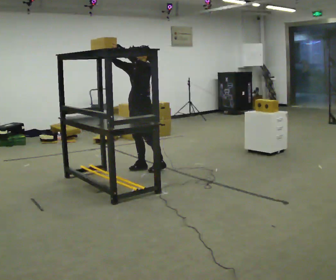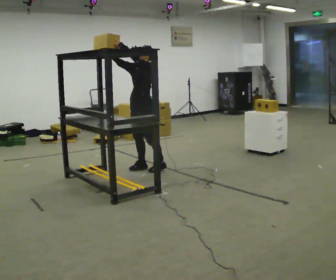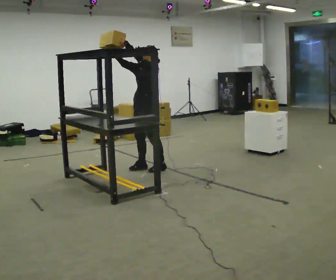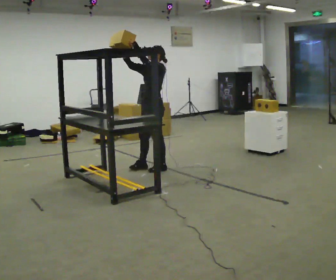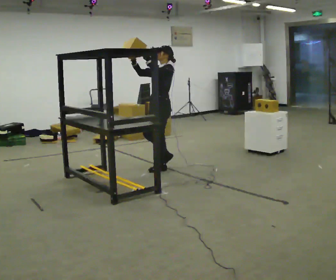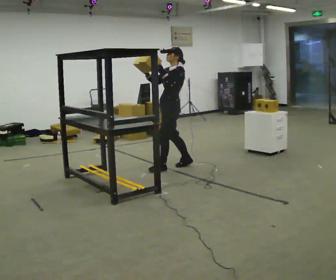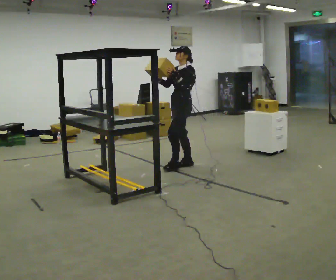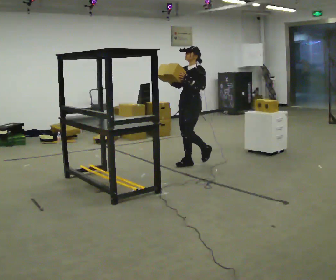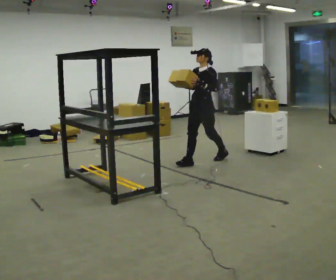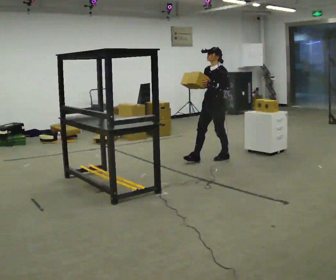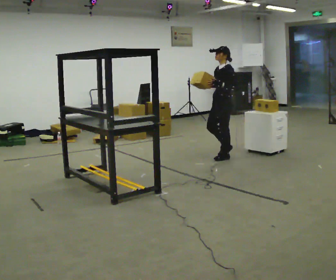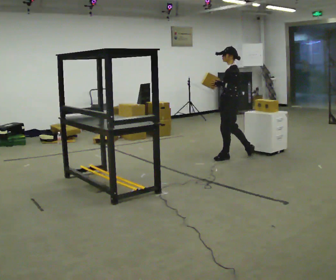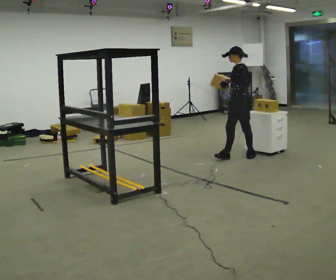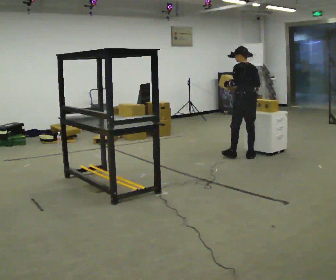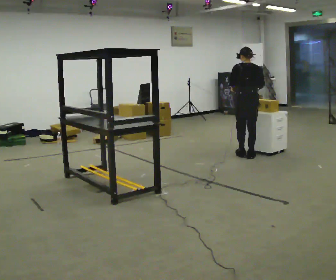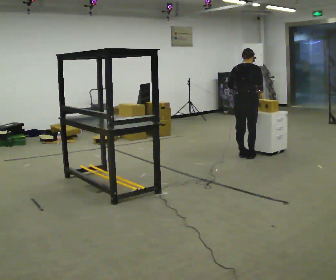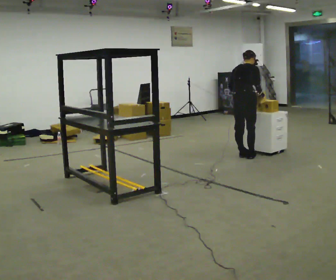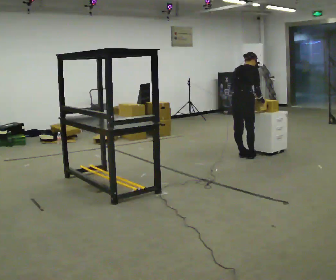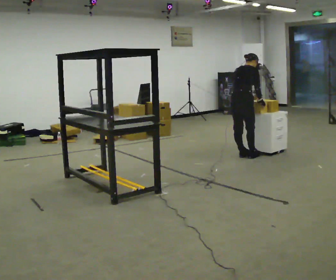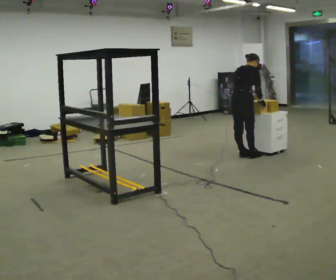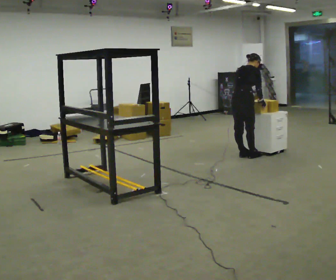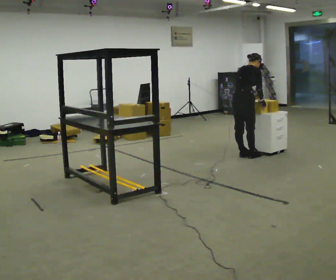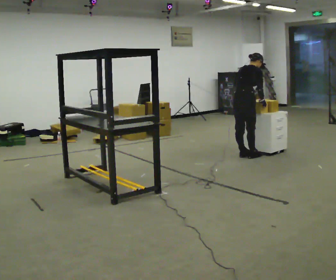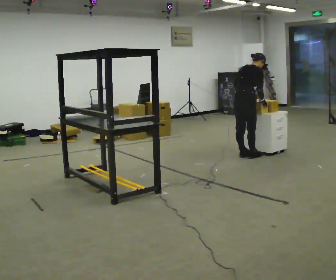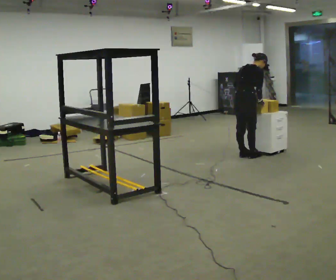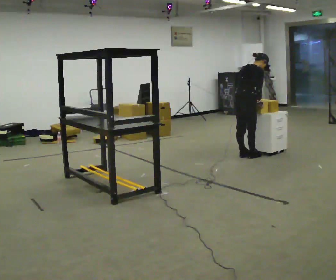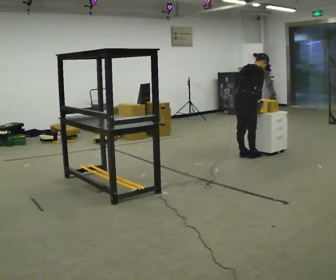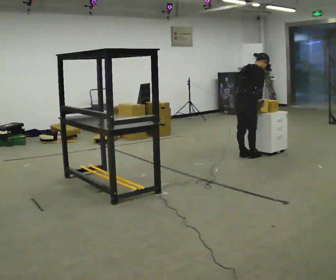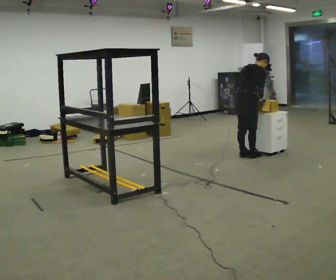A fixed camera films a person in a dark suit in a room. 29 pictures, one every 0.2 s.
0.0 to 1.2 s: In the picture they go to the right and away from the camera, about 0.5 m in 2 steps, which for them is backward.
1.2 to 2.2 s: Seen from above the body turns clockwise, about 30 degrees: to their right, with its near side sliding to the left. In the picture they go to the right and away from the camera, about 0.5 m in 1 step, which for them is backward.
2.2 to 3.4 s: The person turns about 135 degrees to their right, clockwise seen from above, so the part of the body nearest the lens slides to the left. The upper body tips away from the camera, its near side rolling upward, as they bend forward. In the picture their right hand goes to the right.
3.4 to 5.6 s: The person moves a little, or ends about where they began.
The film runs backward here.
